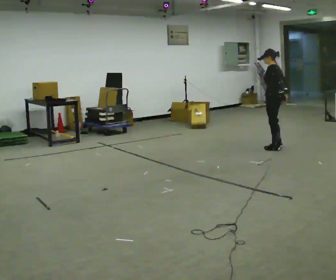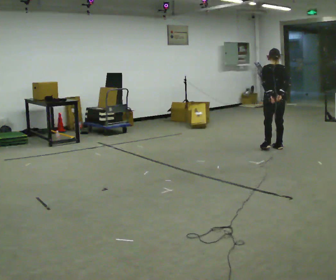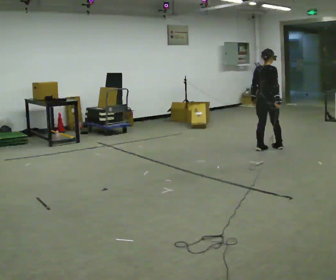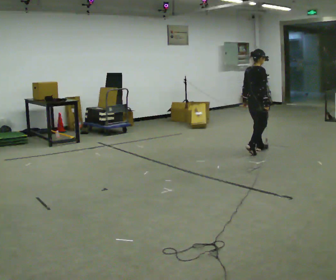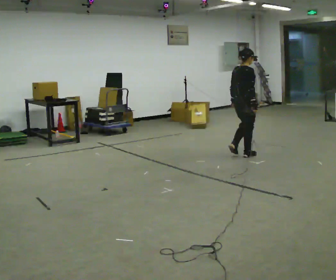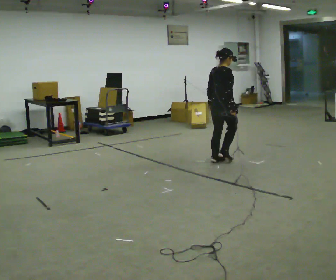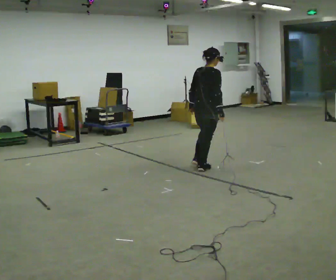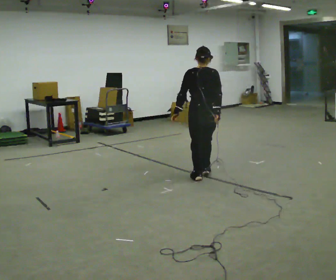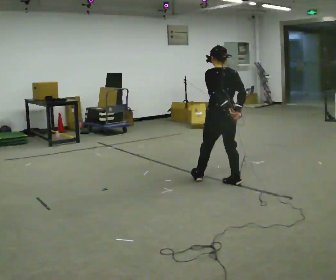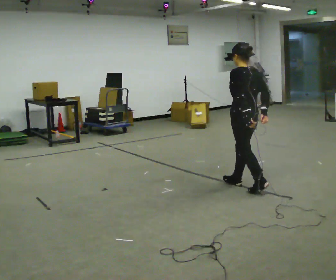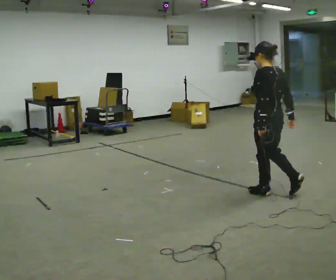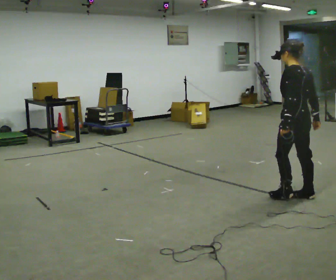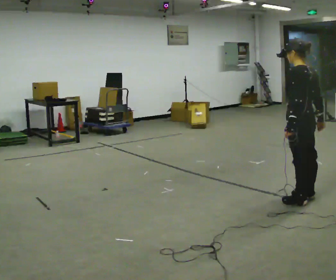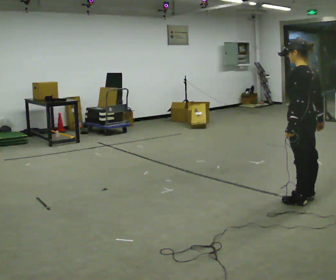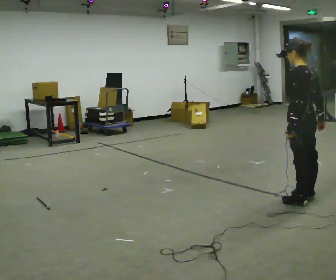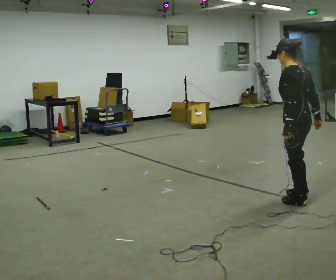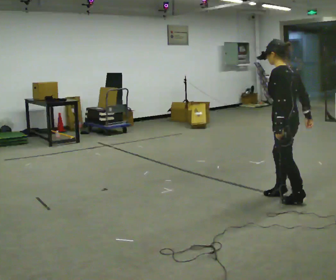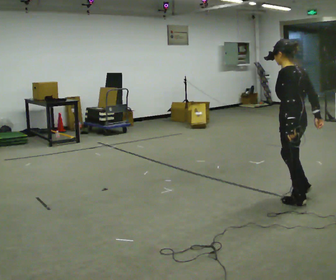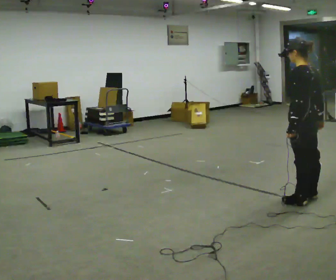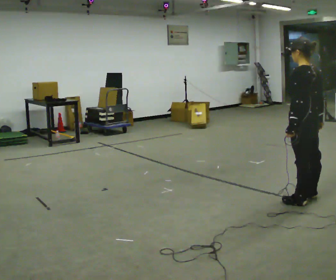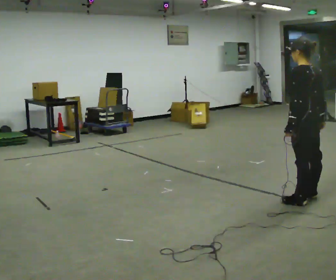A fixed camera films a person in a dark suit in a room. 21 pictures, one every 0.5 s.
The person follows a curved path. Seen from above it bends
counterclockwise.
The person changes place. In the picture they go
toward the camera.
0.0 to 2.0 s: The person turns about 120 degrees to their right, clockwise seen from above, so the part of the body nearest the lens slides to the left. In the picture they go to the left and toward the camera, about 0.75 m in 3 steps.
2.0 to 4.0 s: The part of the body nearest the lens slides to the right as the person turns to their left by about 75 degrees. In the picture they go toward the camera, about 1 m in 4 steps.
4.0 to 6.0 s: In the picture they go to the right and toward the camera, about 1 m in 2 steps, which for them is backward.
6.0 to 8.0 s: The person moves a little, or ends about where they began.
8.0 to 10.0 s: In the picture they go to the right, about 0.25 m in 1 step, which for them is backward.
The film runs backward here.
